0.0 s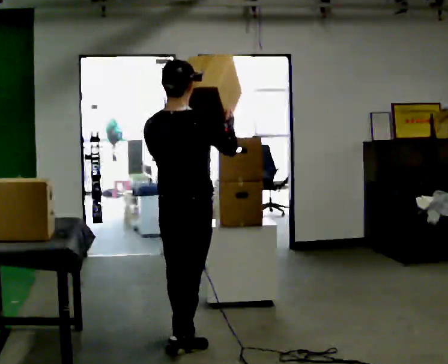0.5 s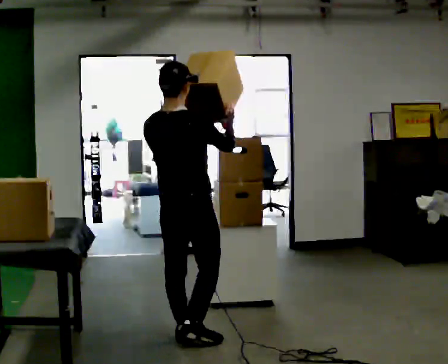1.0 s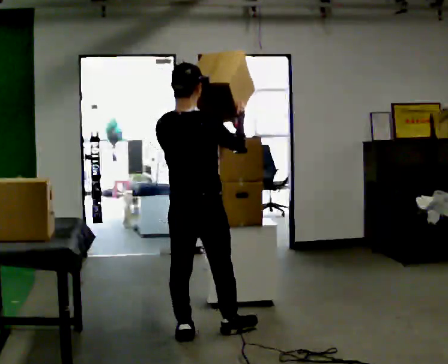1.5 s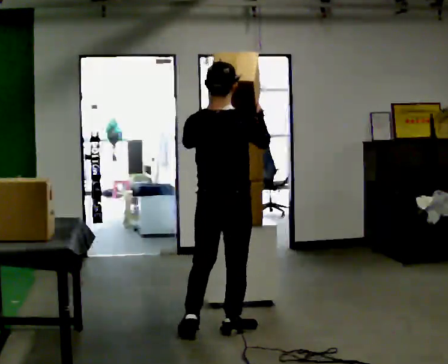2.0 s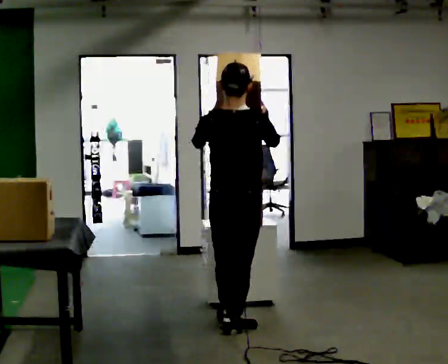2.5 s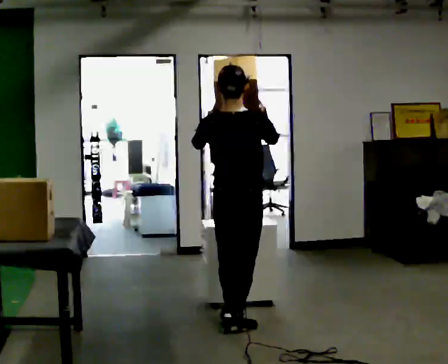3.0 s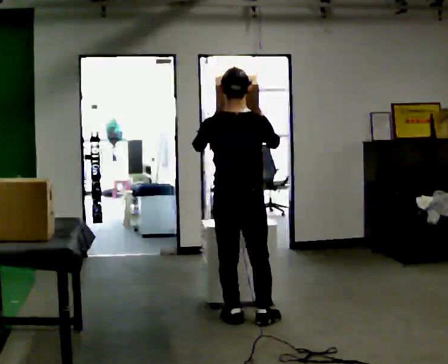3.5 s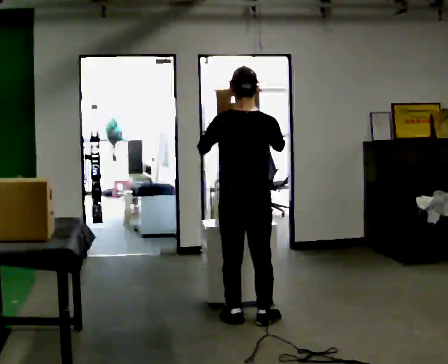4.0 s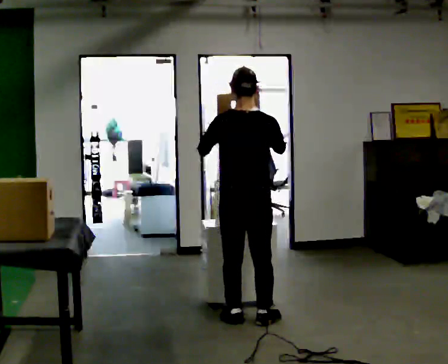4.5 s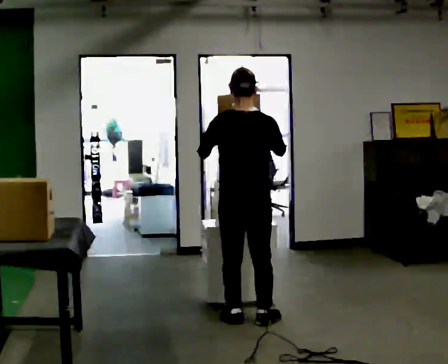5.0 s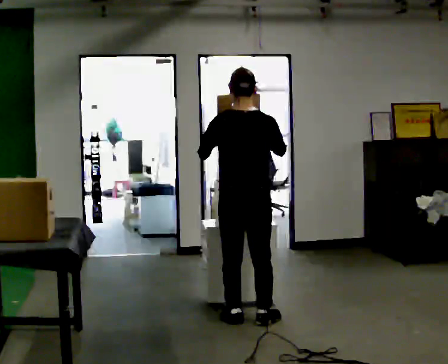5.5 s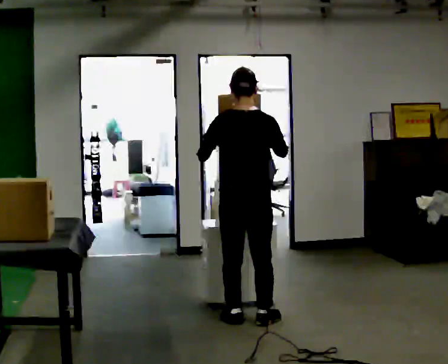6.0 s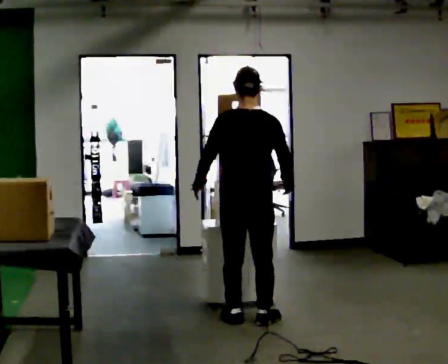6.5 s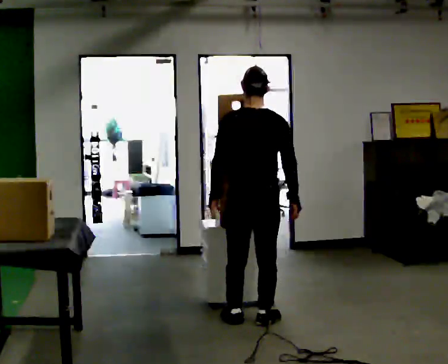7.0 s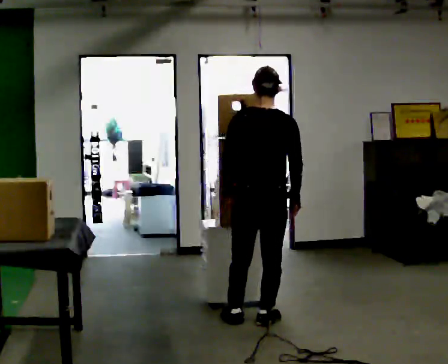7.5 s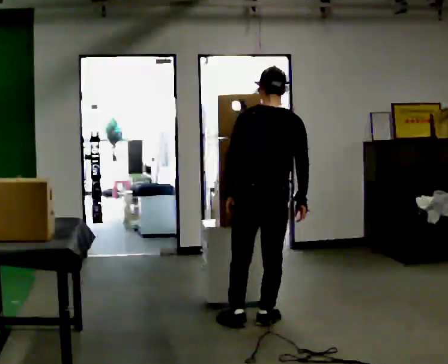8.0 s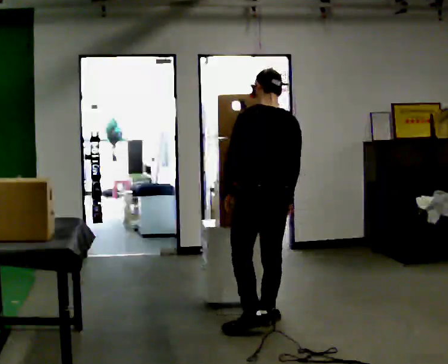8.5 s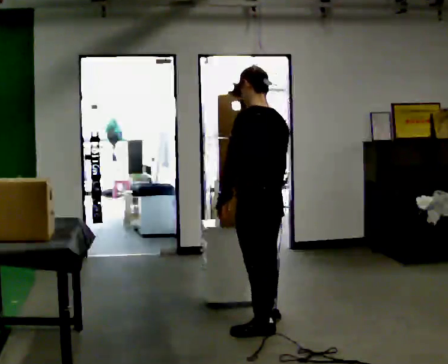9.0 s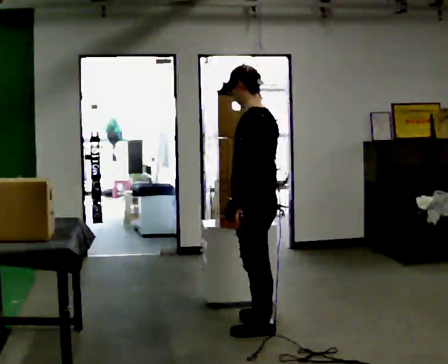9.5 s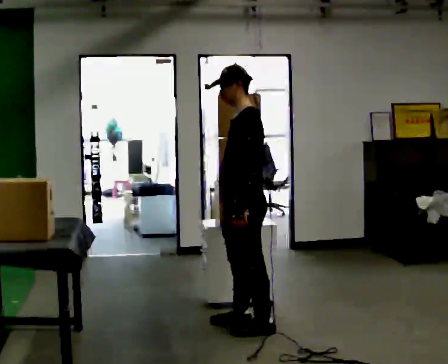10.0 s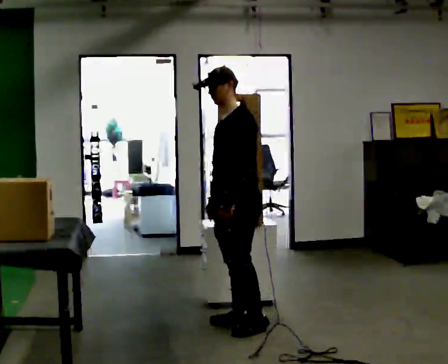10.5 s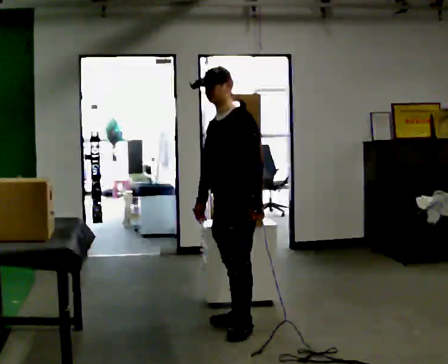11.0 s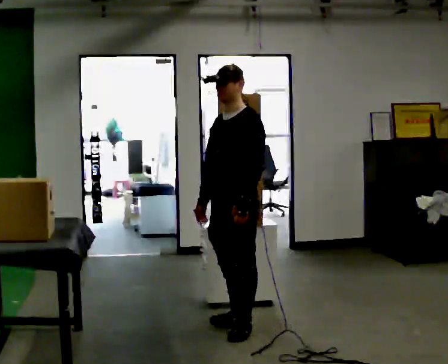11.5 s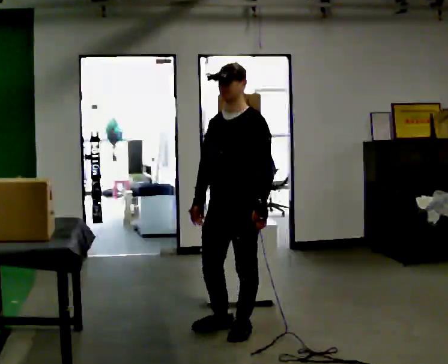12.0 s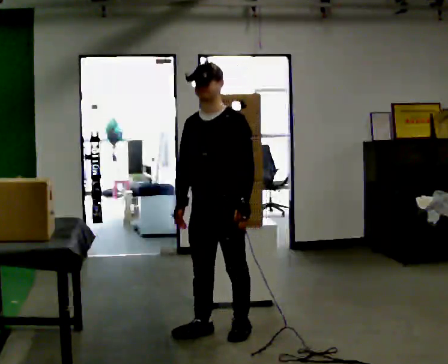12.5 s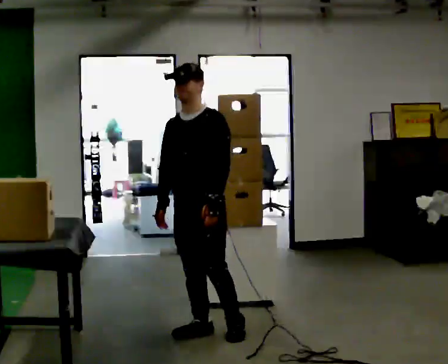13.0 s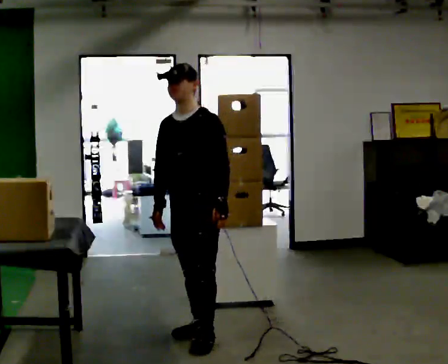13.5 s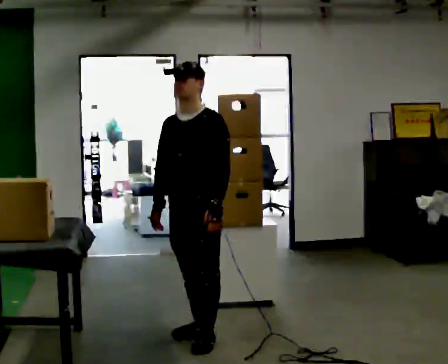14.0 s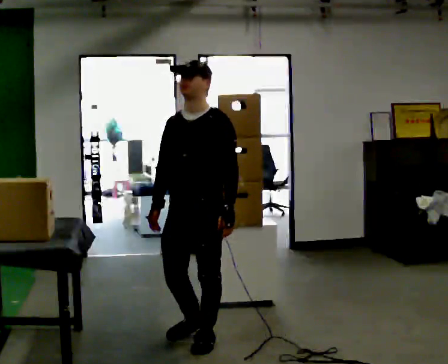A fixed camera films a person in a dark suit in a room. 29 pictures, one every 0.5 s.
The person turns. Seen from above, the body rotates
counterclockwise.
The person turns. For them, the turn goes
to their left.
0.0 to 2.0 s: In the picture they go away from the camera and to the right, about 0.5 m in 1 step, which for them is forward and to their right.
2.0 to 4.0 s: In the picture they go away from the camera, about 0.25 m in 2 steps, which for them is forward.
4.0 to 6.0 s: In the picture their right hand goes downward.
6.0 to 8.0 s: The part of the body nearest the lens slides to the right as the person turns to their left by about 30 degrees.
8.0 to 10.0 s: The part of the body nearest the lens slides to the right as the person turns to their left by about 90 degrees. In the picture they go to the left, about 0.25 m in 1 step.
10.0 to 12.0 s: The person turns about 30 degrees to their left, counterclockwise seen from above, so the part of the body nearest the lens slides to the right. In the picture they go toward the camera, about 0.25 m in 1 step, which for them is forward.
12.0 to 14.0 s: In the picture they go toward the camera, about 0.25 m in 1 step, which for them is forward.
The film runs forward here.
